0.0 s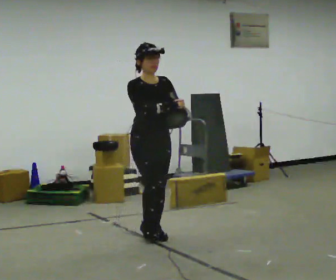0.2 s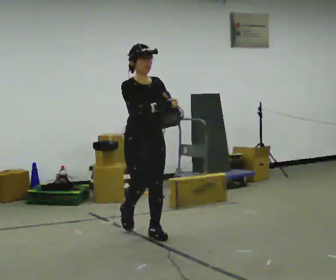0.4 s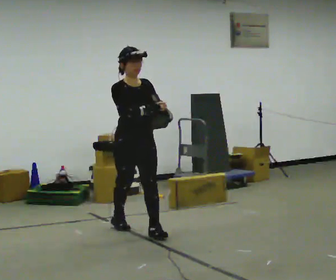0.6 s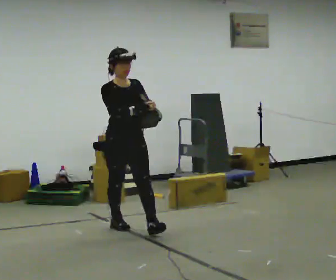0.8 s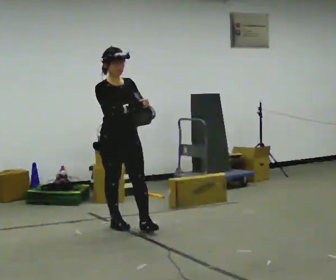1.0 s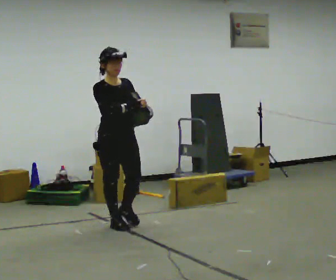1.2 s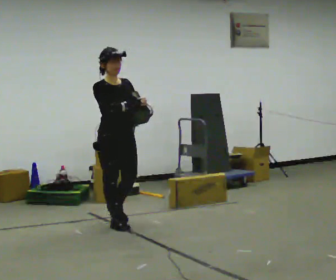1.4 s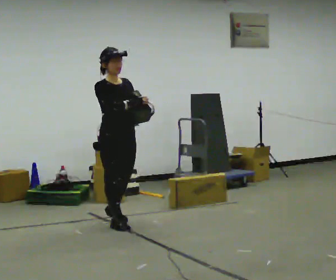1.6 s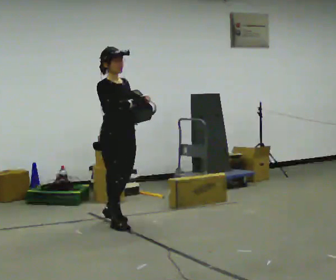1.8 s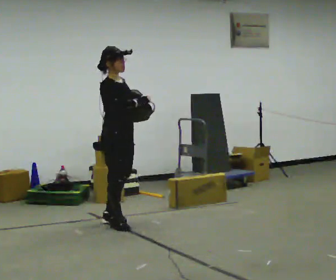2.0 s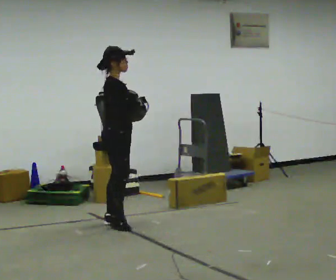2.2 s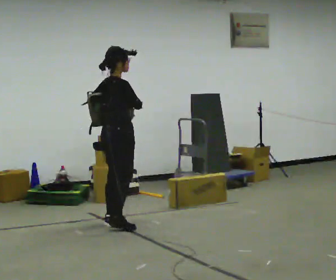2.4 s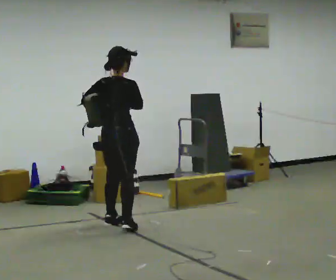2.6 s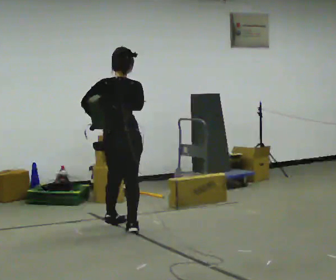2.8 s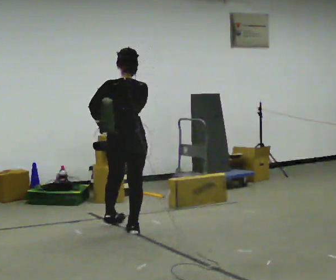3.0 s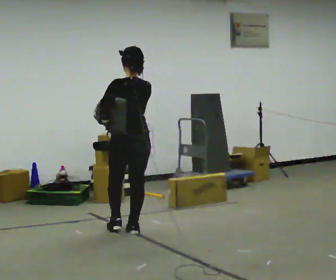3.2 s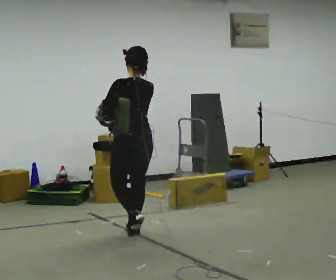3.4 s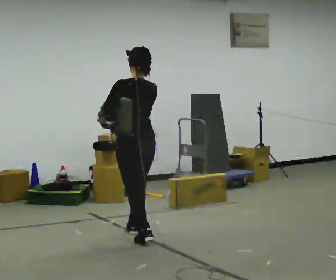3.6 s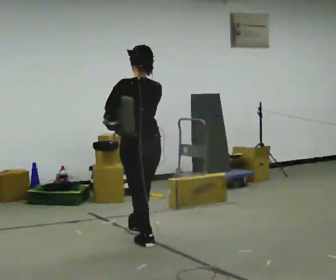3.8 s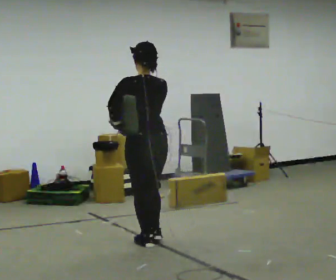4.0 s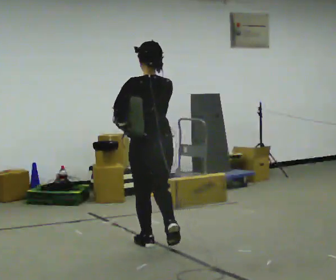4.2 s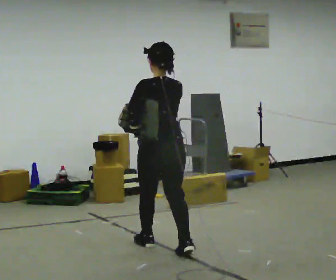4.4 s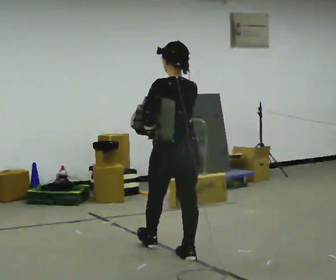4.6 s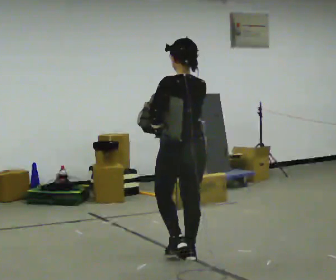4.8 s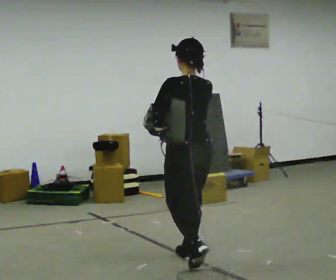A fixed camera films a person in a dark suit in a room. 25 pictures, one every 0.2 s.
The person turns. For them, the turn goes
to their left.
The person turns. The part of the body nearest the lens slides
to the right.
0.0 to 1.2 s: In the picture they go away from the camera and to the left, about 0.5 m in 1 step, which for them is backward.
1.2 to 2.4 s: Seen from above the body turns counterclockwise, about 105 degrees: to their left, with its near side sliding to the right. In the picture their left hand goes to the left, the arm swinging clockwise.
2.4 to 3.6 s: The person turns about 60 degrees to their left, counterclockwise seen from above, so the part of the body nearest the lens slides to the right. In the picture they go toward the camera and to the right, about 0.75 m in 2 steps.
3.6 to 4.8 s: In the picture they go toward the camera and to the right, about 0.5 m in 1 step, which for them is backward.
The film runs backward here.
